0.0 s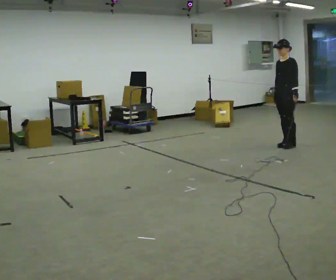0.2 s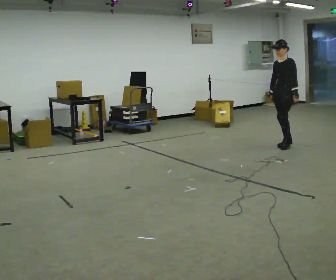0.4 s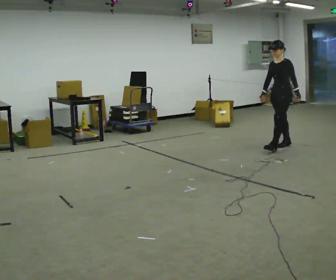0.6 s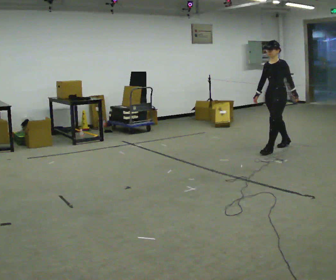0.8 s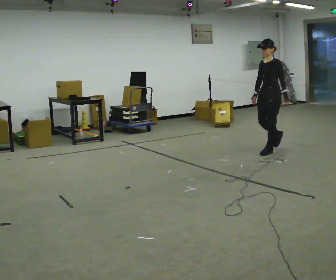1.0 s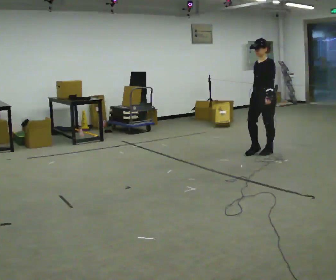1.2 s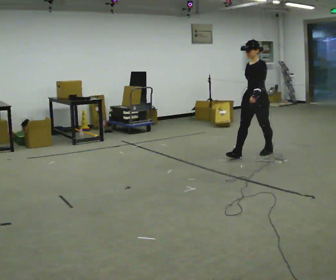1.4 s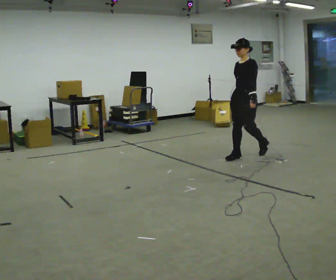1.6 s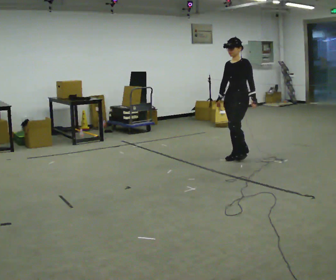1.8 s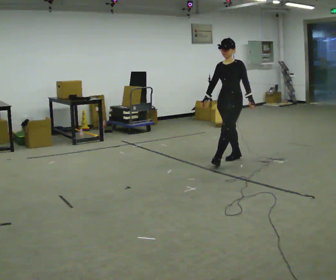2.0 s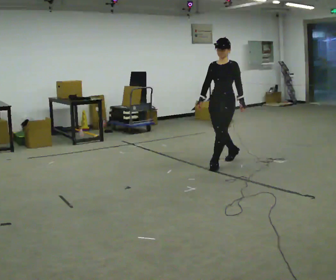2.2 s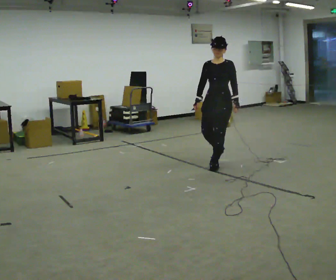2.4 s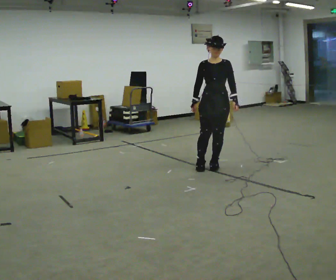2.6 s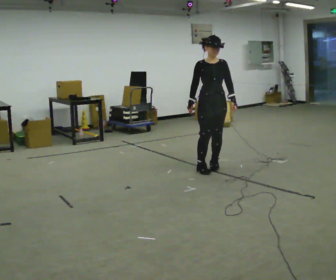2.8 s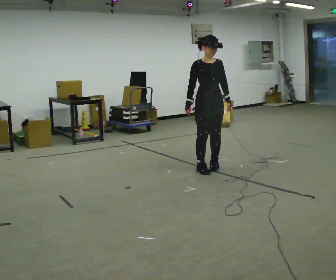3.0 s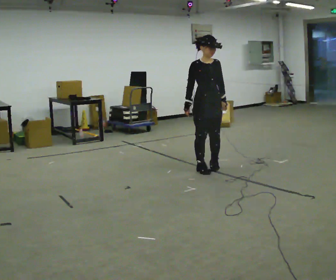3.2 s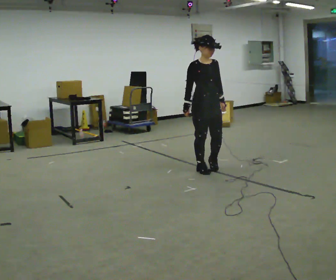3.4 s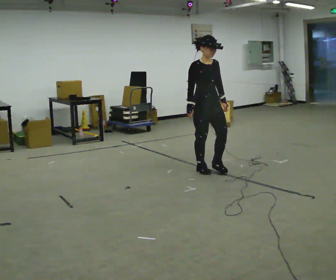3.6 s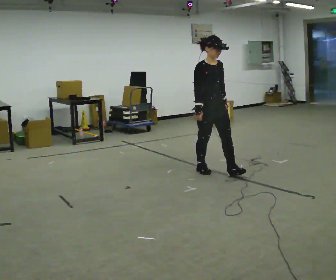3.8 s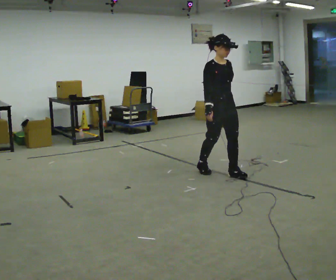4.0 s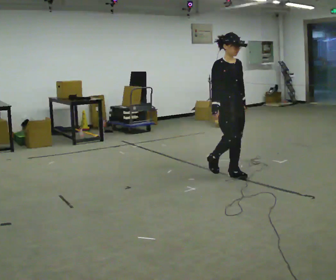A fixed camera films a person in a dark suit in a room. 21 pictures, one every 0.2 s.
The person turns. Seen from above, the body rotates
counterclockwise.
The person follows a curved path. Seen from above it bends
counterclockwise.
0.0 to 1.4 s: In the picture they go to the left and toward the camera, about 1 m in 2 steps, which for them is forward.
1.4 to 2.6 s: Seen from above the body turns counterclockwise, about 60 degrees: to their left, with its near side sliding to the right. In the picture they go toward the camera and to the left, about 0.75 m in 2 steps.
2.6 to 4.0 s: In the picture they go toward the camera and to the right, about 0.5 m in 1 step, which for them is forward.
The film runs forward here.
